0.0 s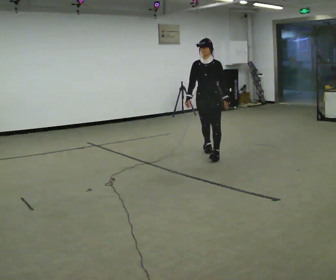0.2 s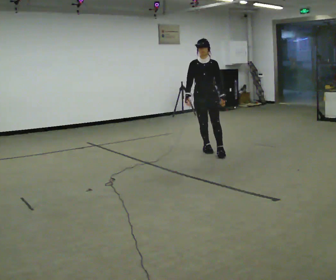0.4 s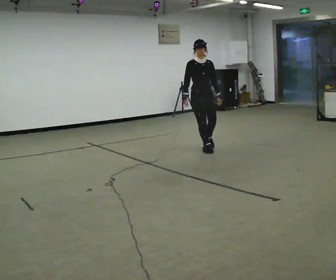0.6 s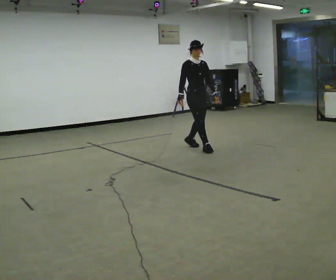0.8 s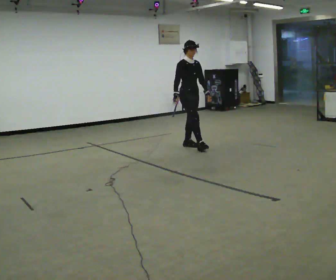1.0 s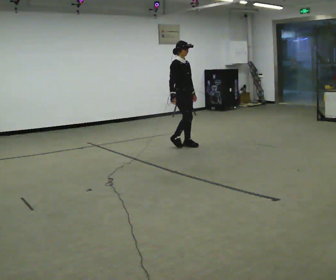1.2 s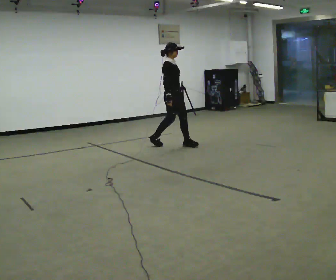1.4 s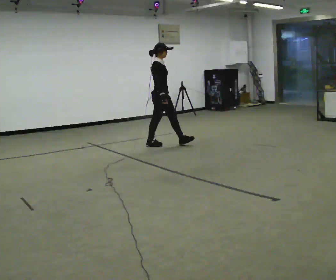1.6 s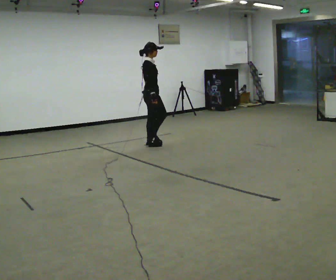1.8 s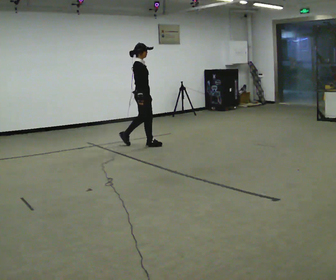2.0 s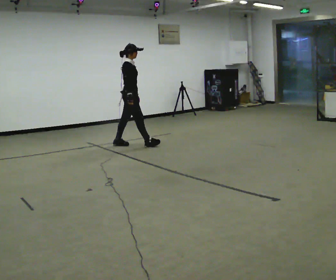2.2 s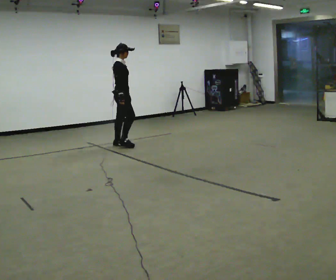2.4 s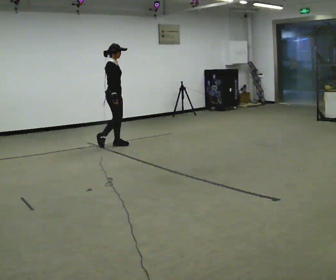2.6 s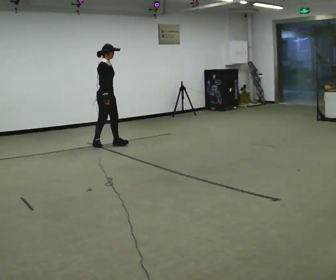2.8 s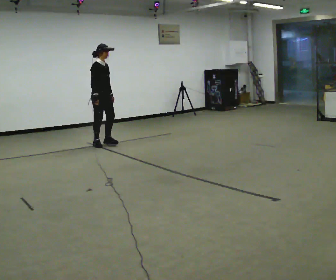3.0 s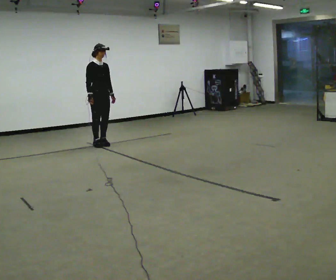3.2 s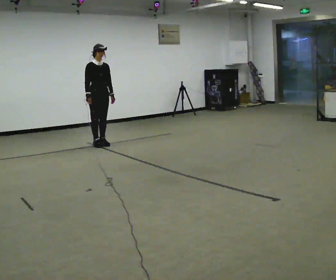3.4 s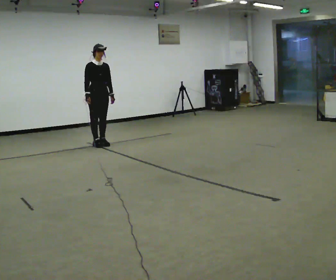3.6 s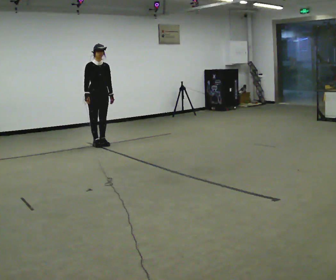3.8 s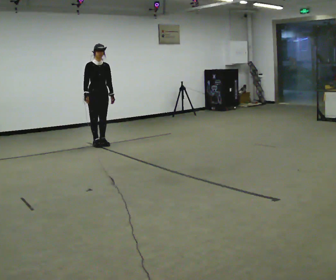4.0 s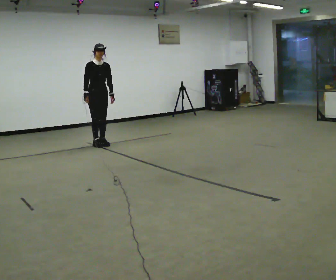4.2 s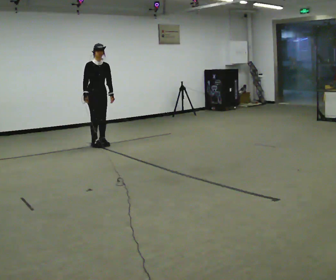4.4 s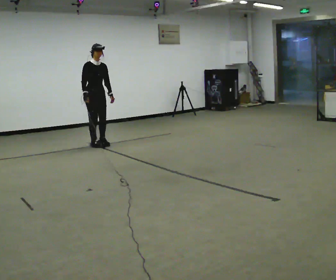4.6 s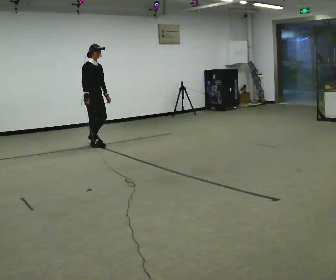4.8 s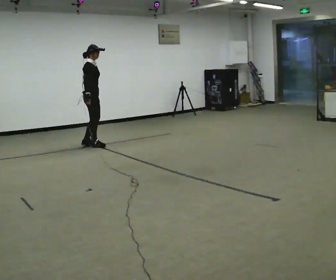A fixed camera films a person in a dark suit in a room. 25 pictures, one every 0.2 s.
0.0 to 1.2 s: Seen from above the body turns counterclockwise, about 75 degrees: to their left, with its near side sliding to the right. In the picture they go away from the camera and to the left, about 1 m in 2 steps.
1.2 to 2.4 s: In the picture they go to the left, about 1 m in 2 steps, which for them is backward.
2.4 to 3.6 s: Seen from above the body turns clockwise, about 60 degrees: to their right, with its near side sliding to the left. In the picture they go to the left, about 0.25 m in 1 step, which for them is backward and to their right.
3.6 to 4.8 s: Seen from above the body turns counterclockwise, about 45 degrees: to their left, with its near side sliding to the right.
The film runs backward here.
